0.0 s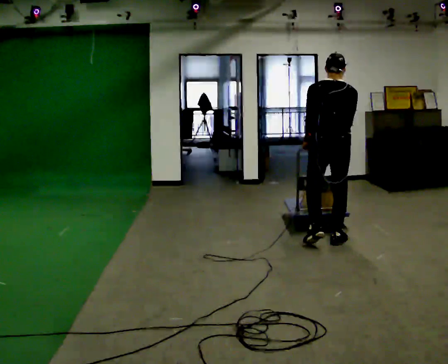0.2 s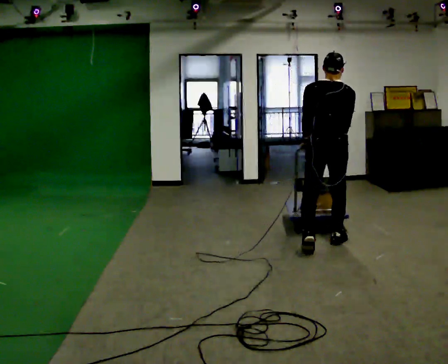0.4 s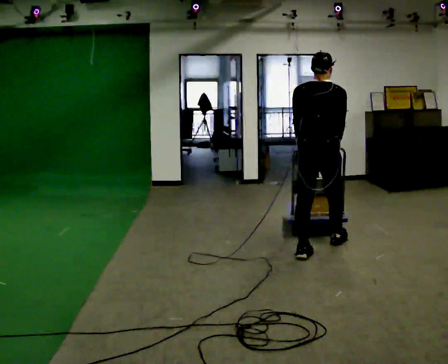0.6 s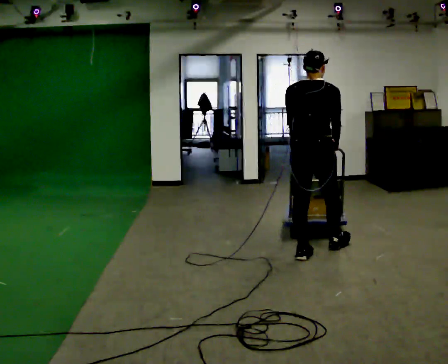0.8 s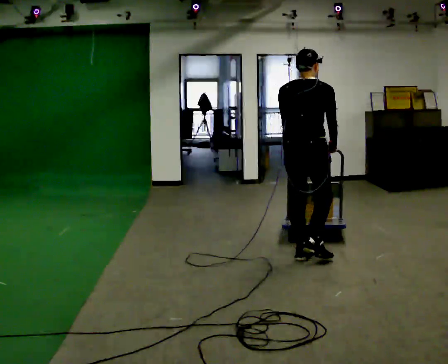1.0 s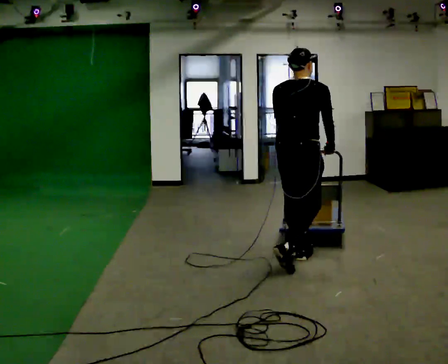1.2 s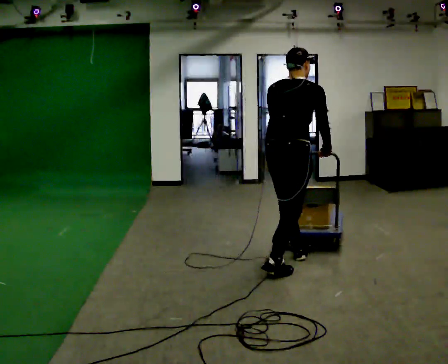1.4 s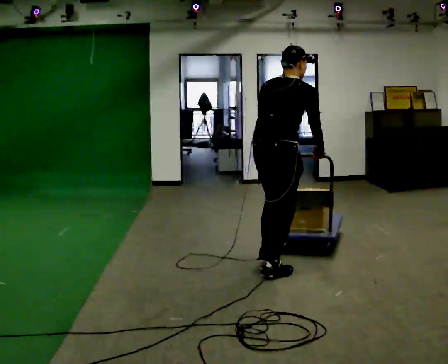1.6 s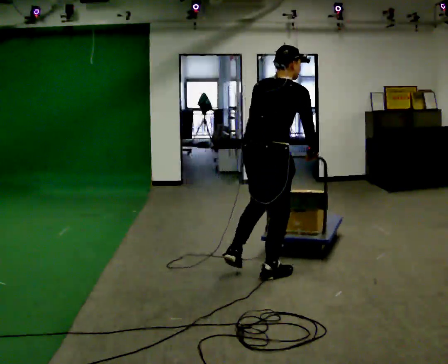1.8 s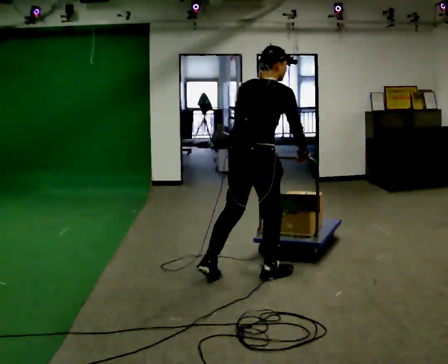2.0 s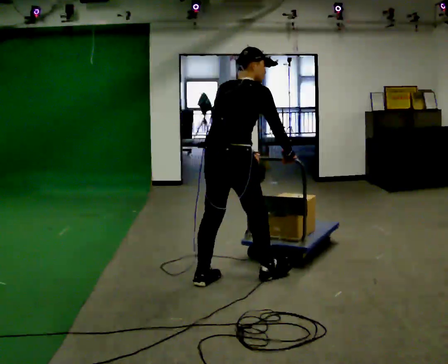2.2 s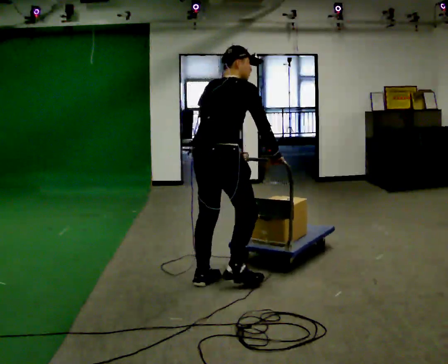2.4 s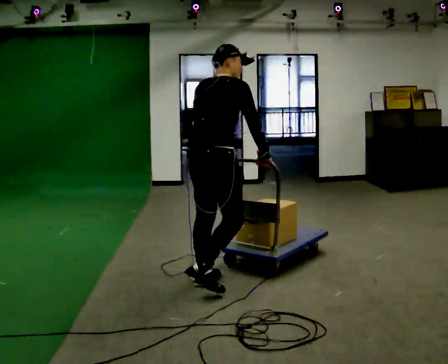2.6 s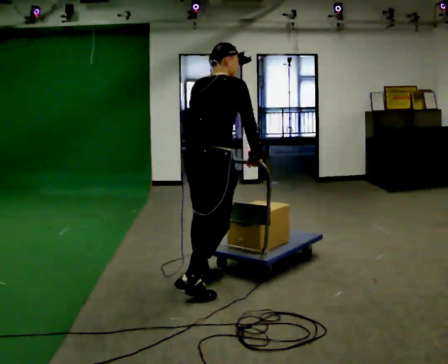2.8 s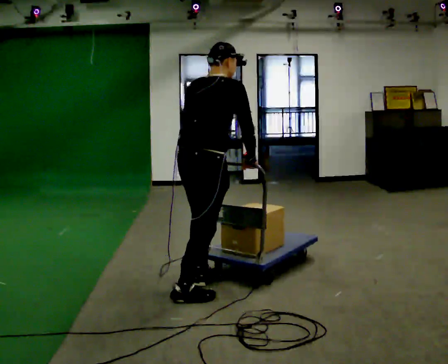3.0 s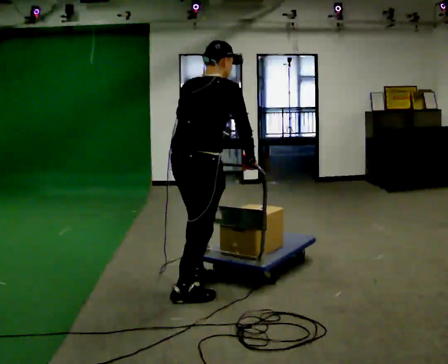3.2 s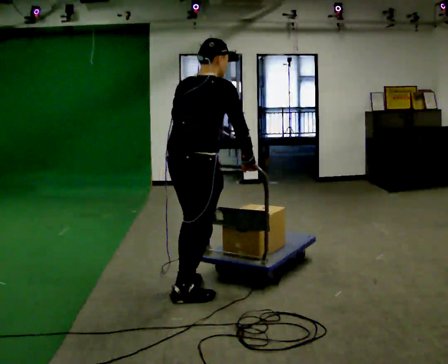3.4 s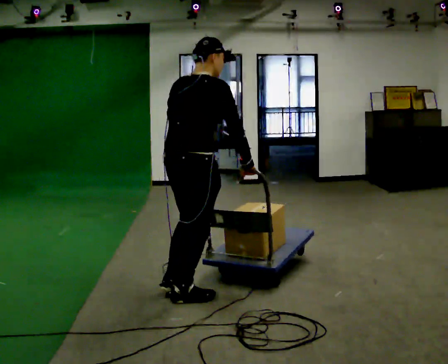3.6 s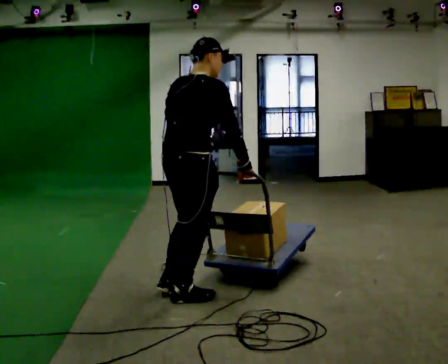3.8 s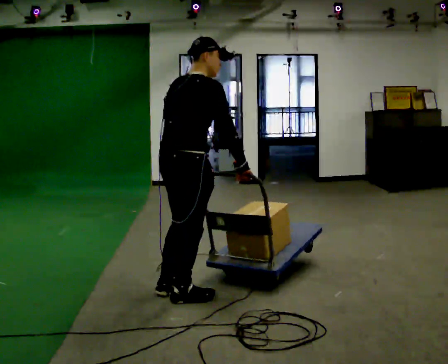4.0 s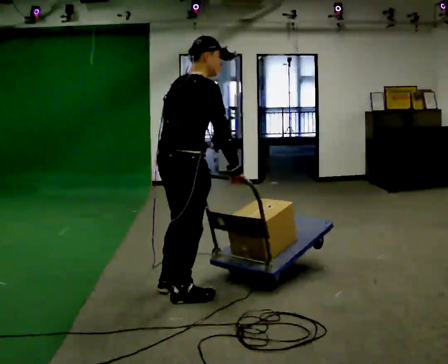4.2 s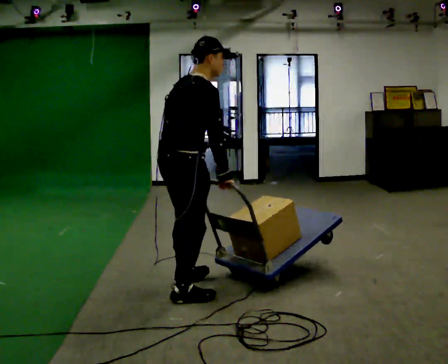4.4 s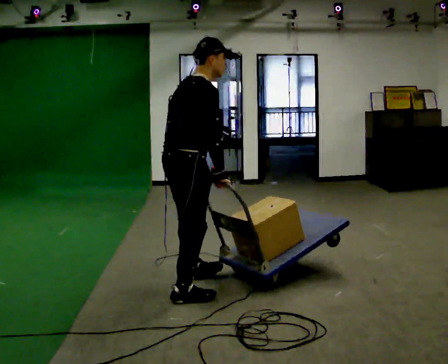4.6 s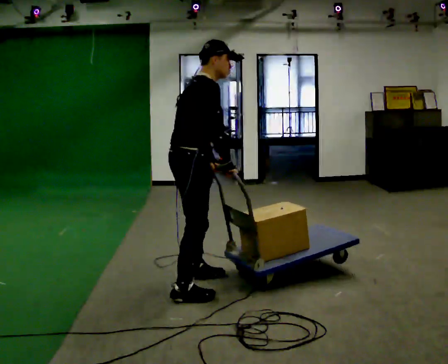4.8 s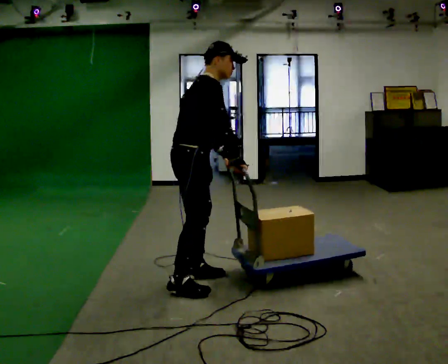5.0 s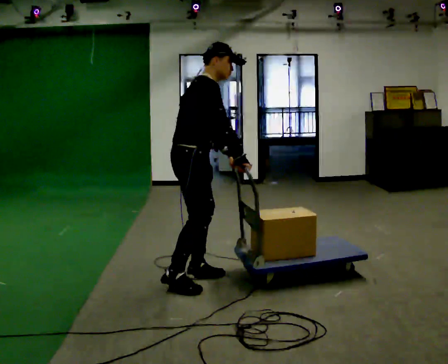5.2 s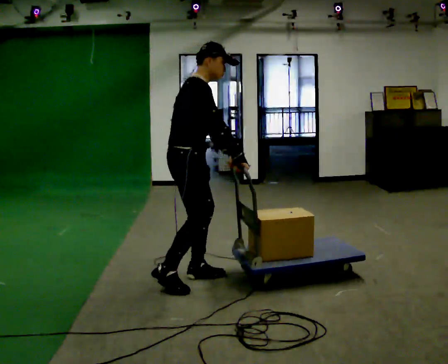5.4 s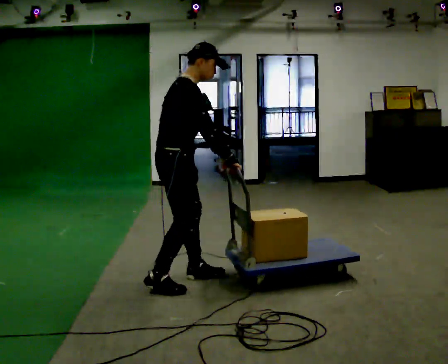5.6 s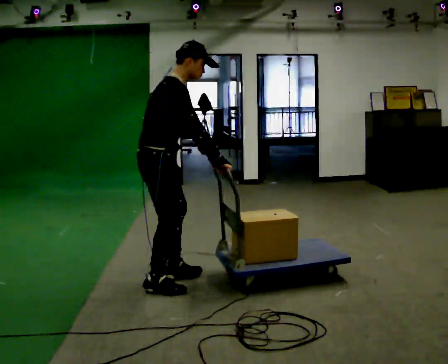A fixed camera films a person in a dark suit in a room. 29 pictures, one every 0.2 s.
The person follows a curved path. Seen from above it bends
clockwise.
0.0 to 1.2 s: The person turns about 30 degrees to their right, clockwise seen from above, so the part of the body nearest the lens slides to the left. In the picture they go toward the camera and to the left, about 1 m in 2 steps, which for them is backward.
1.2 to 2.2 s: In the picture they go to the left and toward the camera, about 0.5 m in 1 step, which for them is backward.
2.2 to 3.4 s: In the picture they go toward the camera and to the left, about 0.25 m in 1 step, which for them is backward.
3.4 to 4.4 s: The person moves a little, or ends about where they began.
4.4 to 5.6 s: In the picture they go to the left, about 0.25 m in 2 steps, which for them is backward and to their left.
The film runs backward here.
